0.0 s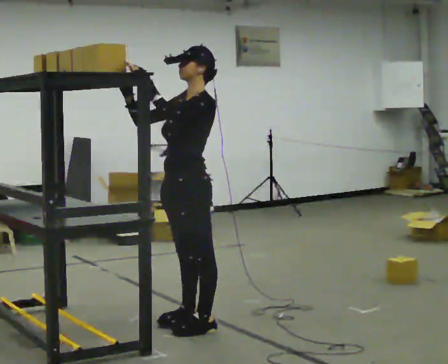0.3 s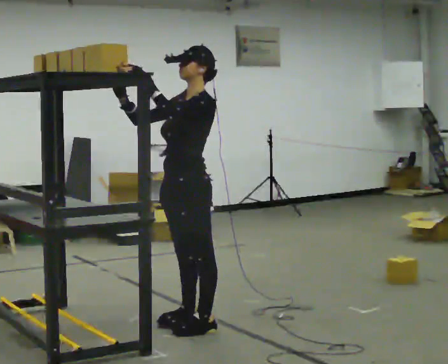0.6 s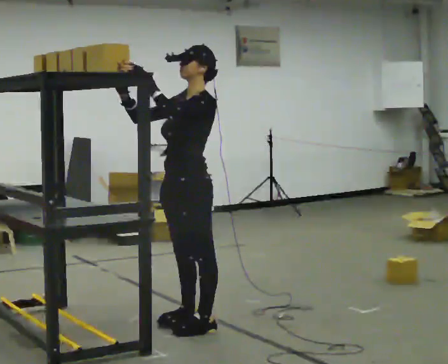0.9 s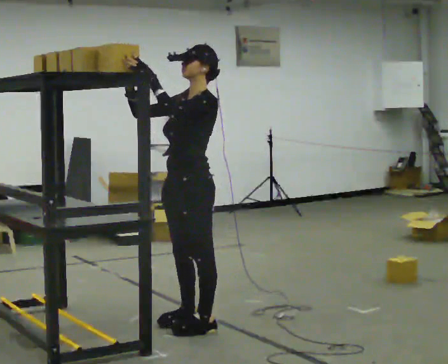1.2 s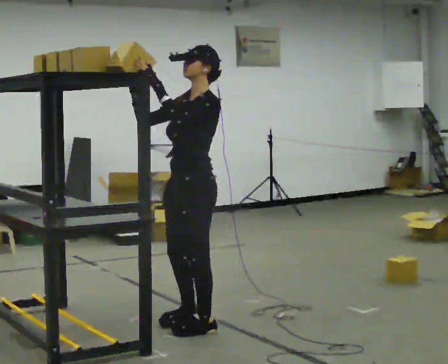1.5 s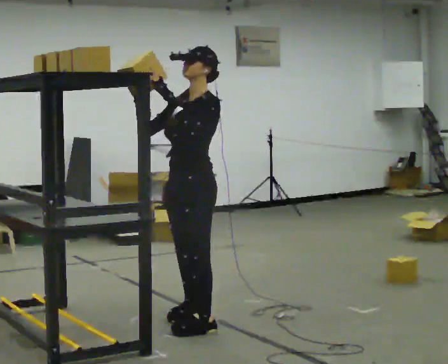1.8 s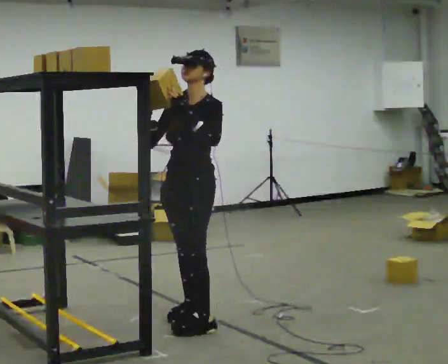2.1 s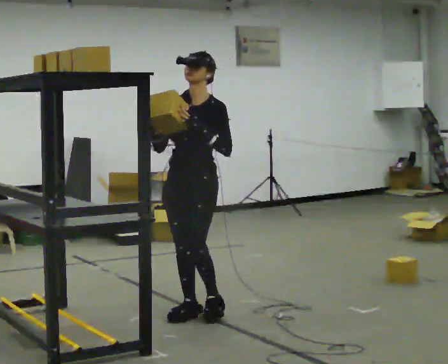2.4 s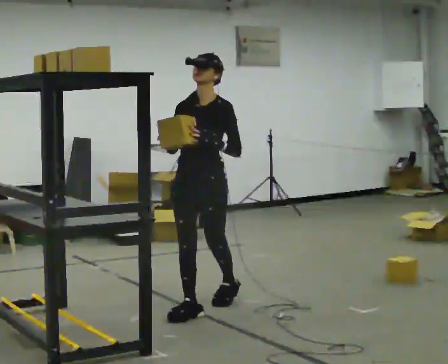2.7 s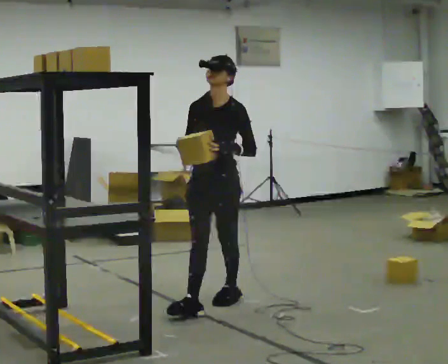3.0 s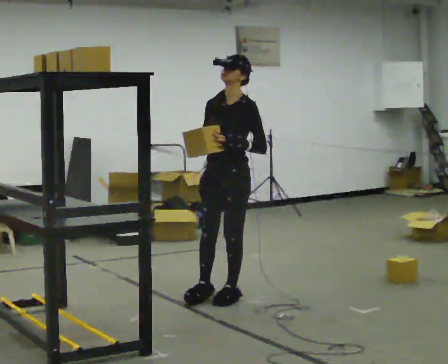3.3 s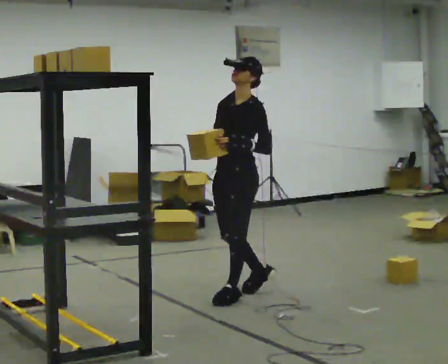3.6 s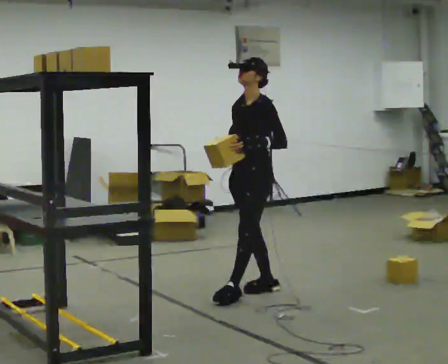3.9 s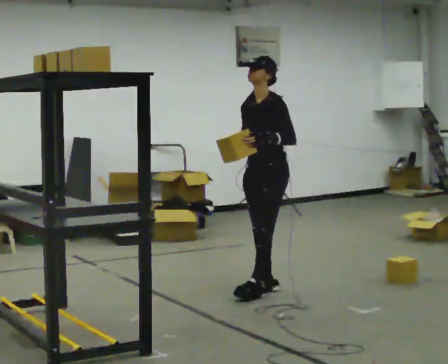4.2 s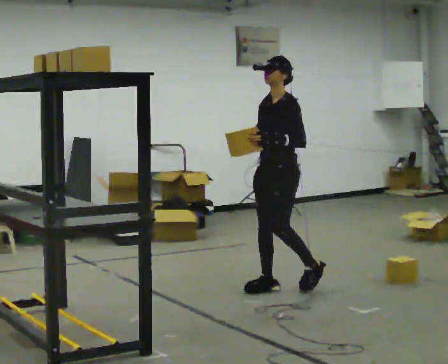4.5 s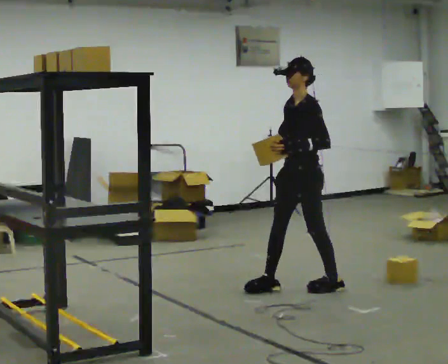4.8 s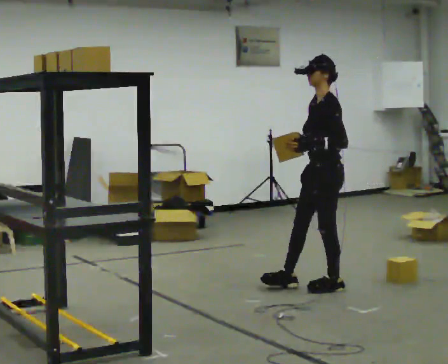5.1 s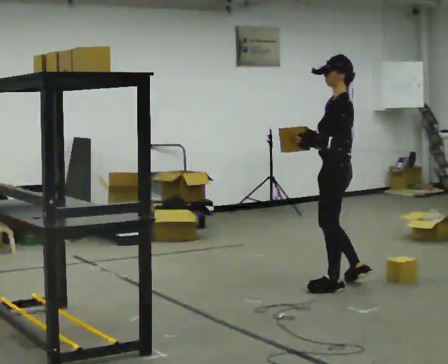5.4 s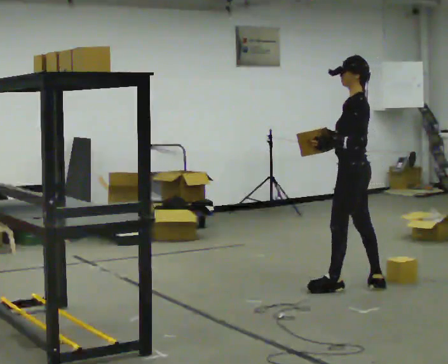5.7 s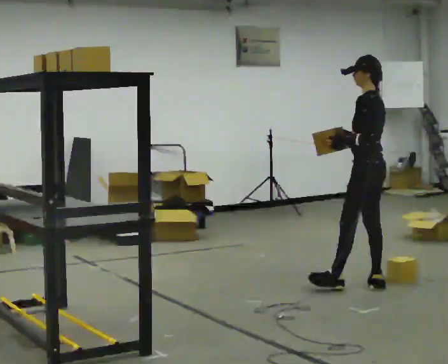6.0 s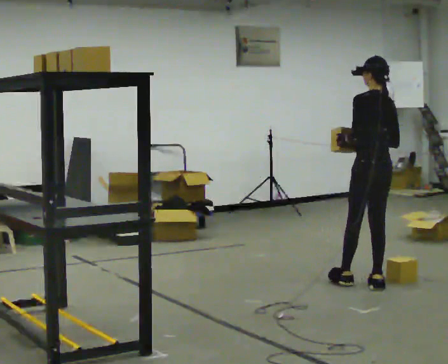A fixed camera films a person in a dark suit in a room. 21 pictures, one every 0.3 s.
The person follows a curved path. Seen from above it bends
clockwise.
0.0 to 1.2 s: The person moves a little, or ends about where they began.
1.2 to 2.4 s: Seen from above the body turns counterclockwise, about 45 degrees: to their left, with its near side sliding to the right. In the picture they go away from the camera, about 0.5 m in 2 steps, which for them is to their right and backward. In the picture their left hand goes downward.
2.4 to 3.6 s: The part of the body nearest the lens slides to the left as the person turns to their right by about 30 degrees. In the picture they go away from the camera and to the right, about 0.5 m in 1 step, which for them is backward.
3.6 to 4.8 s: The person turns about 30 degrees to their right, clockwise seen from above, so the part of the body nearest the lens slides to the left. In the picture they go to the right, about 0.5 m in 2 steps, which for them is backward.
4.8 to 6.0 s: Seen from above the body turns clockwise, about 60 degrees: to their right, with its near side sliding to the left. In the picture they go to the right, about 0.25 m in 1 step.
The film runs backward here.
